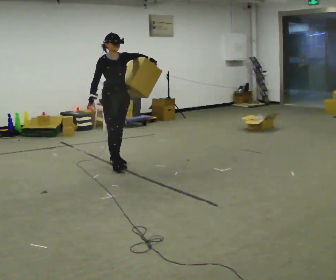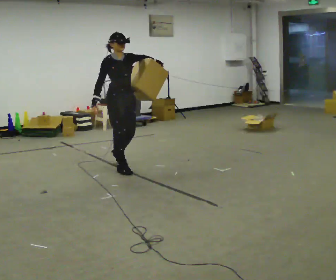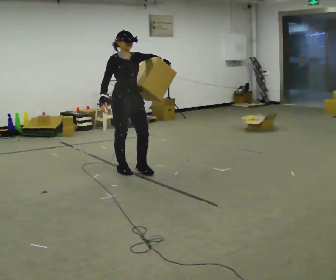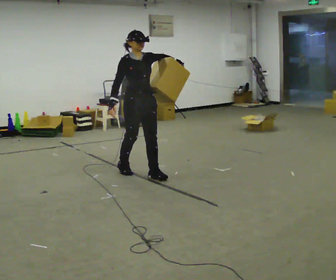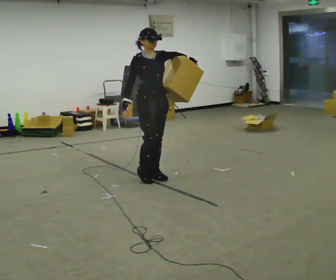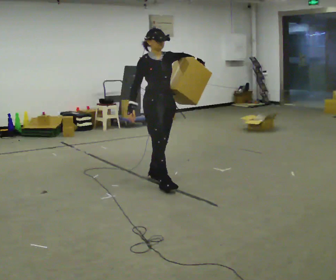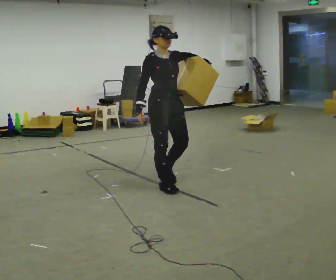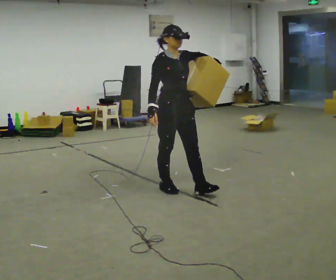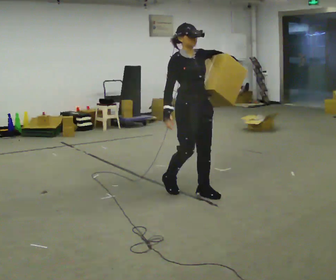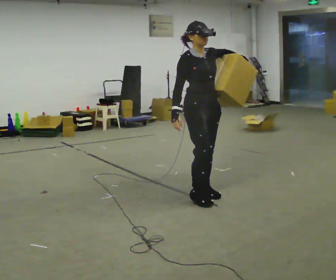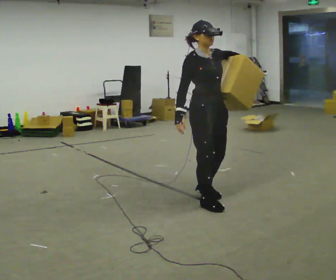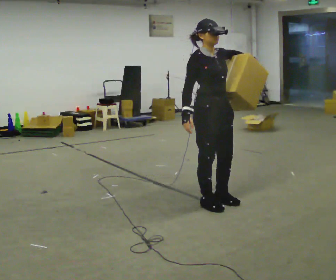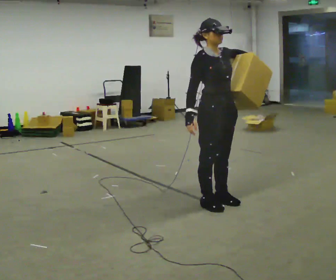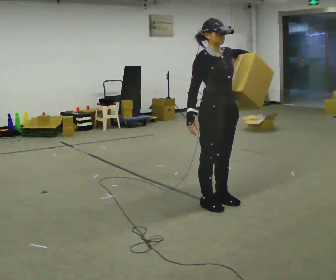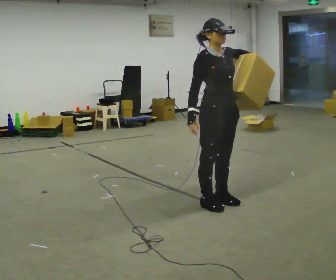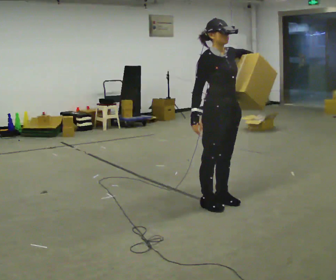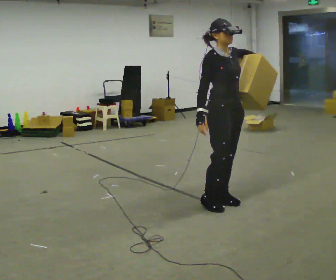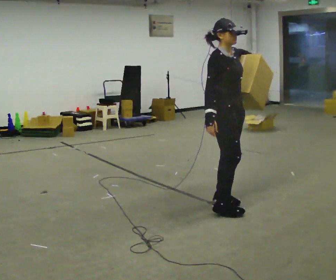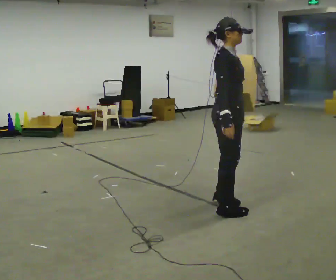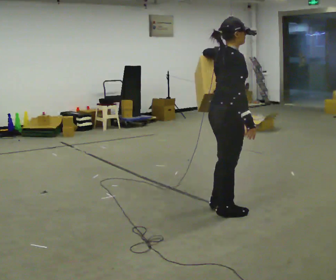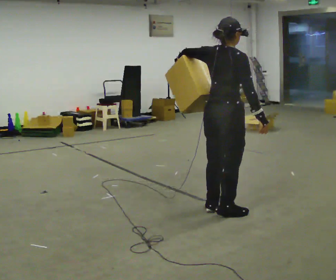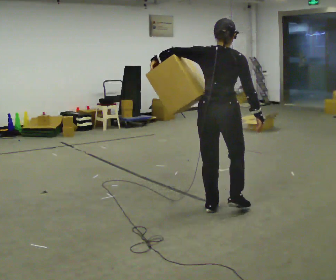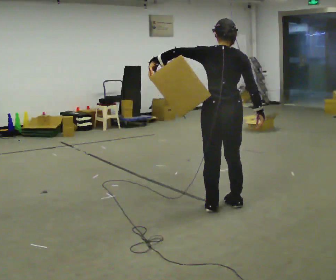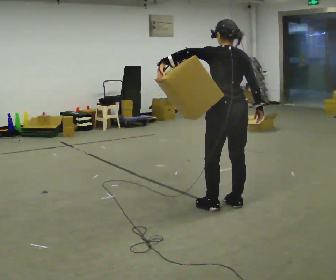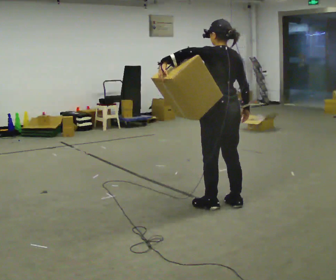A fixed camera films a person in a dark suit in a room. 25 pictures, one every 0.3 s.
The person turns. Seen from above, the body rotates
counterclockwise.
The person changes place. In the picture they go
to the right.
0.0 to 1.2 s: In the picture they go to the right and toward the camera, about 1 m in 2 steps, which for them is forward.
1.2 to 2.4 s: In the picture they go to the right and toward the camera, about 0.75 m in 2 steps, which for them is forward.
2.4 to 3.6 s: In the picture they go to the right and toward the camera, about 0.25 m in 2 steps, which for them is forward.
3.6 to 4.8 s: The person moves a little, or ends about where they began.
4.8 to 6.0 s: Seen from above the body turns counterclockwise, about 90 degrees: to their left, with its near side sliding to the right. In the picture they go toward the camera, about 0.25 m in 2 steps. In the picture their left hand goes to the left.
6.0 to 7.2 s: Seen from above the body turns counterclockwise, about 90 degrees: to their left, with its near side sliding to the right.
The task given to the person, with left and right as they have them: Hold the object against your hip on the side the operator calls, and carry it back and forth across the room.
The film runs forward here.
